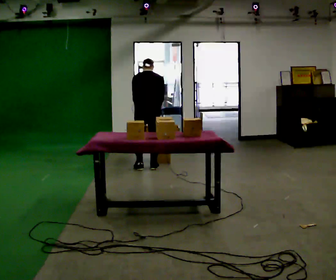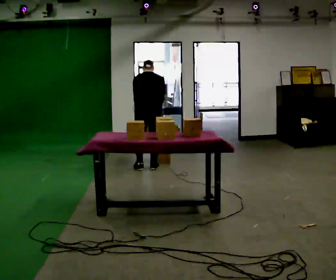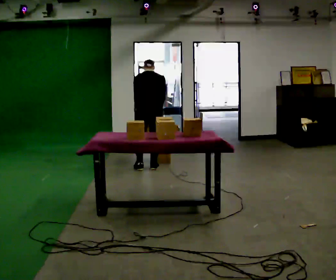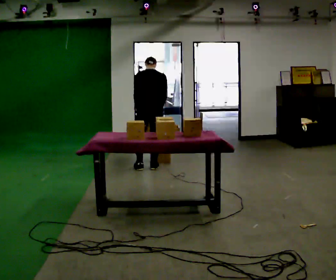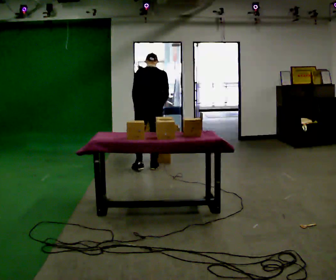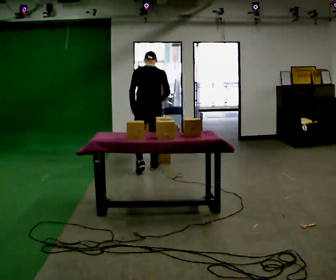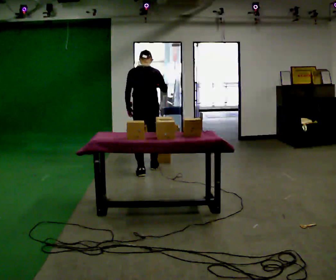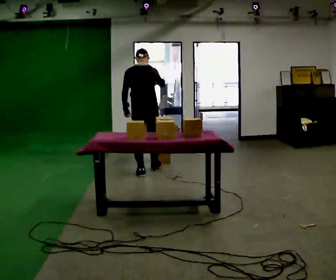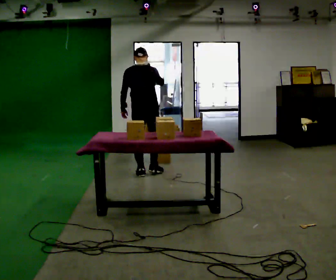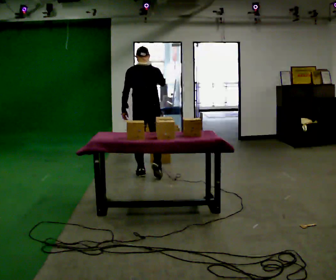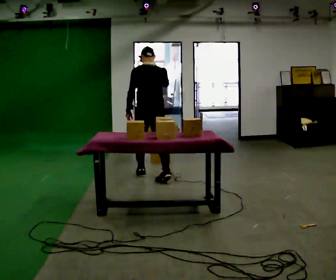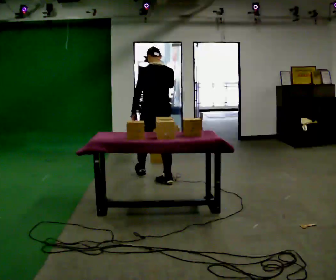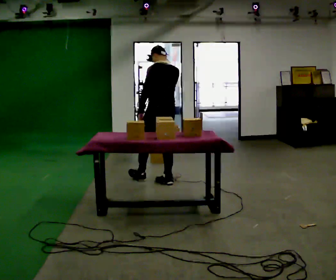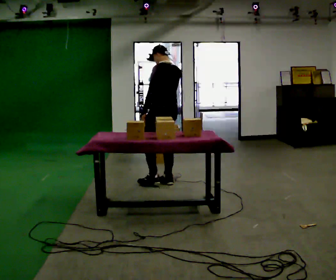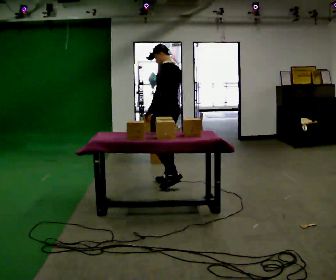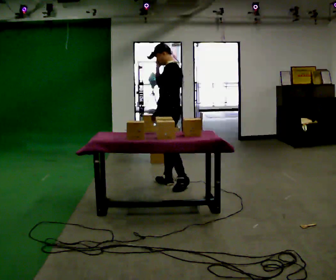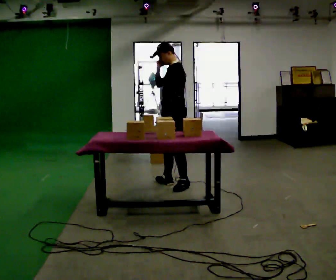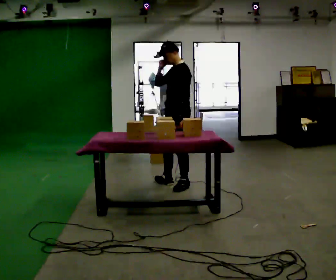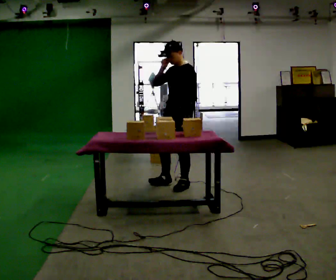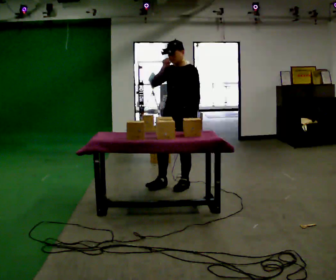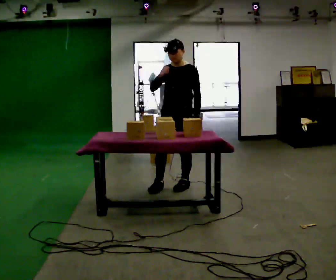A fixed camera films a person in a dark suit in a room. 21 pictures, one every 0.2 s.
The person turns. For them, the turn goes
to their left.
The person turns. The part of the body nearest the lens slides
to the right.
0.0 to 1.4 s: In the picture they go toward the camera, about 0.25 m in 2 steps, which for them is backward. The upper body tips toward the camera, its near side rolling downward, as they lean back or straighten. In the picture their right hand goes upward.
1.4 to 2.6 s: The part of the body nearest the lens slides to the right as the person turns to their left by about 45 degrees. In the picture they go toward the camera and to the right, about 0.5 m in 1 step, which for them is backward and to their right.
2.6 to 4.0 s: Seen from above the body turns counterclockwise, about 105 degrees: to their left, with its near side sliding to the right. In the picture they go toward the camera and to the right, about 0.25 m in 1 step.
The film runs backward here.
